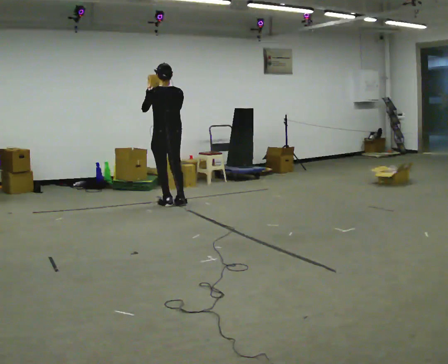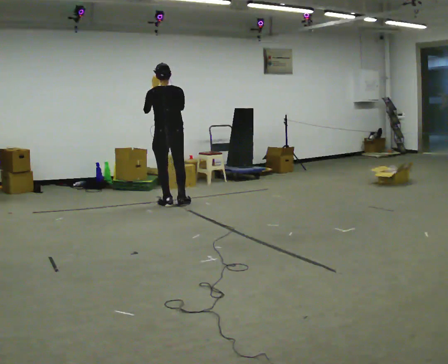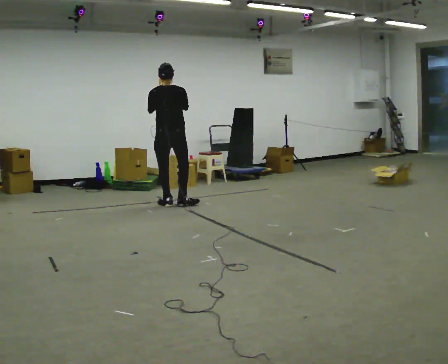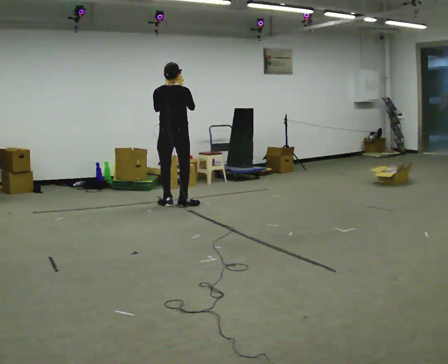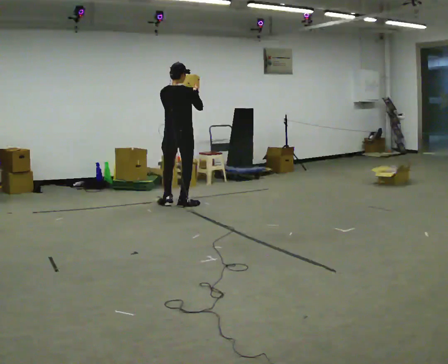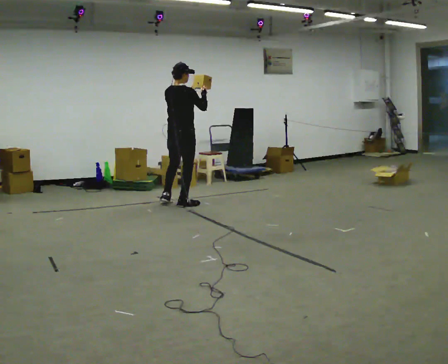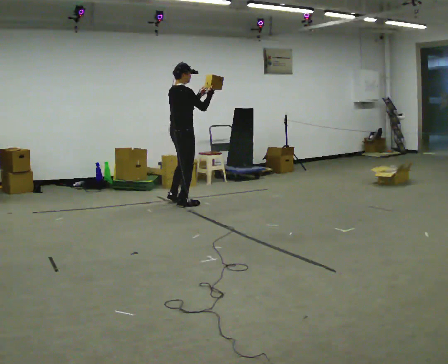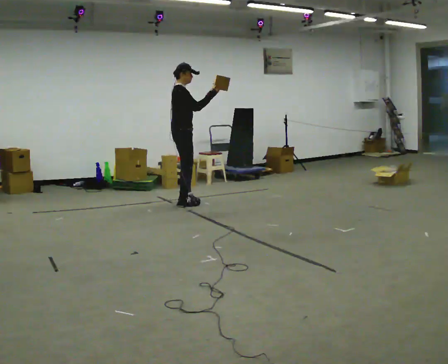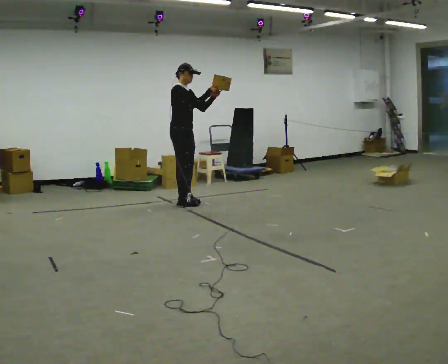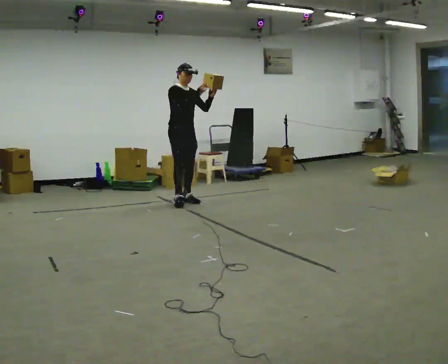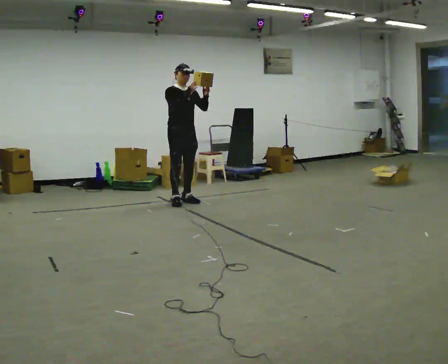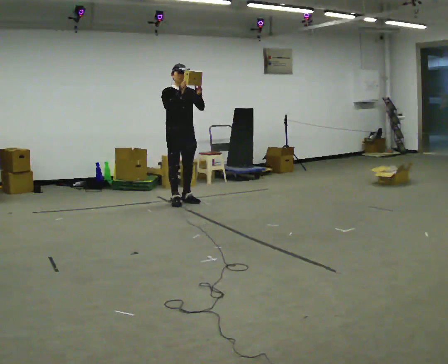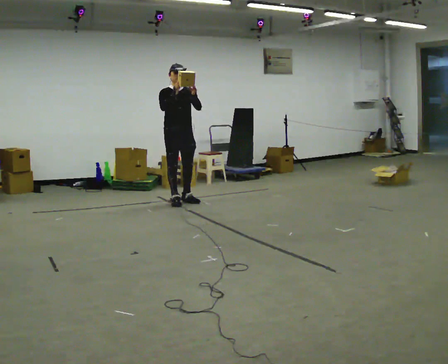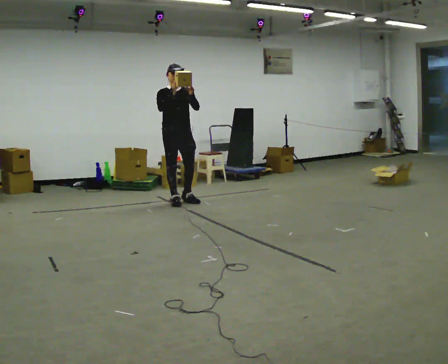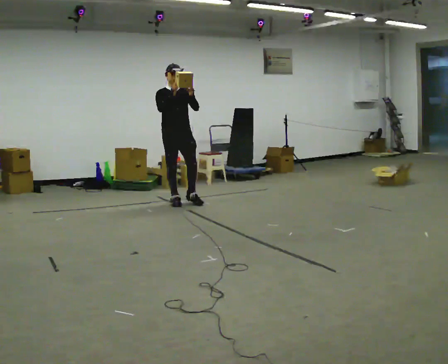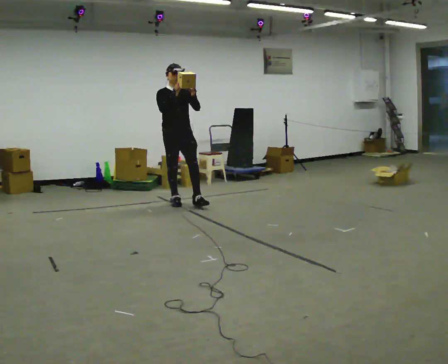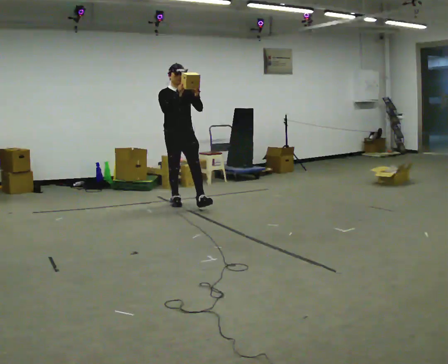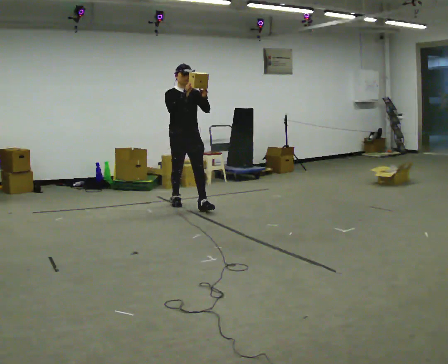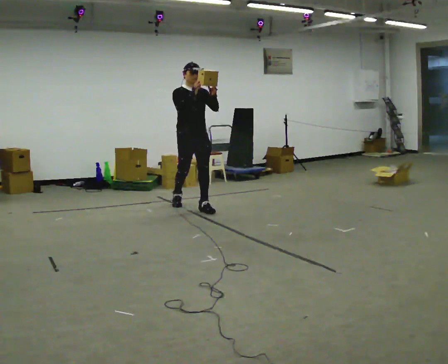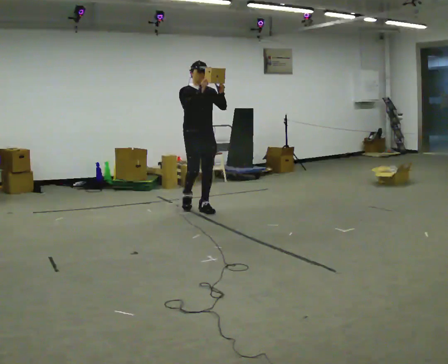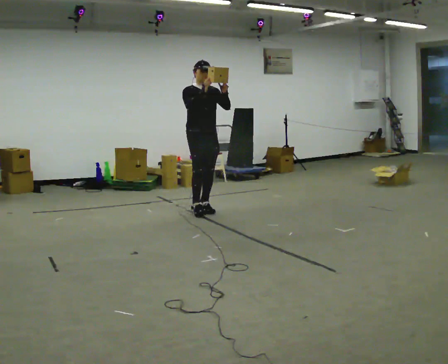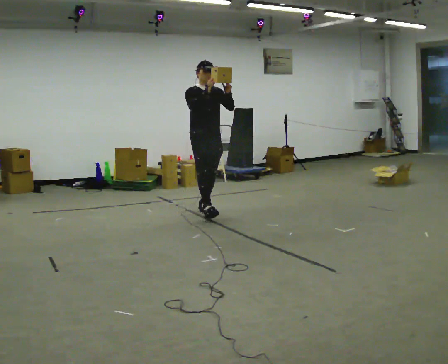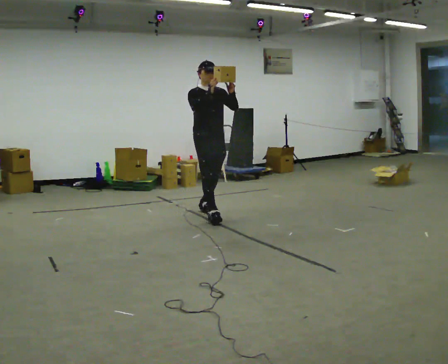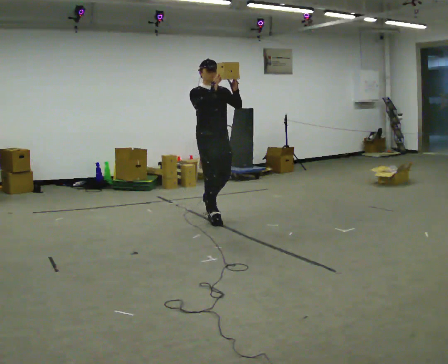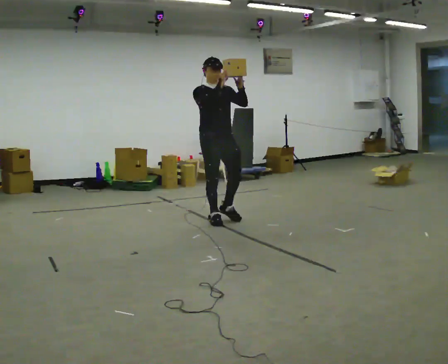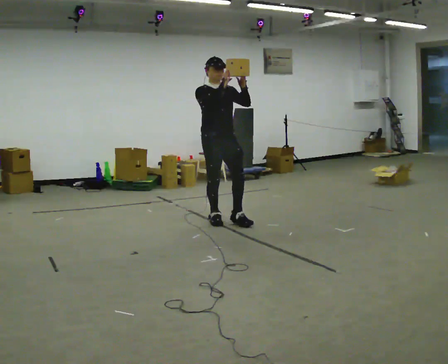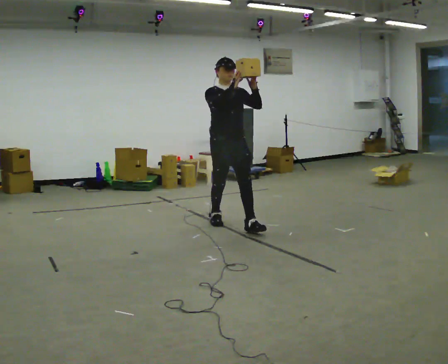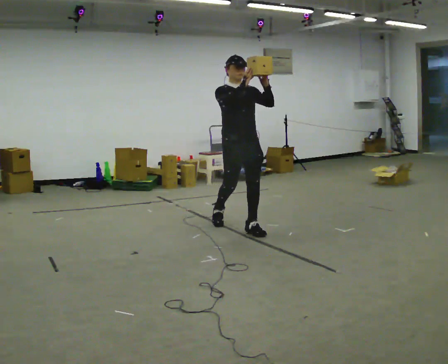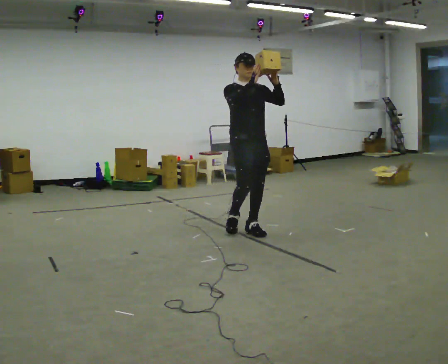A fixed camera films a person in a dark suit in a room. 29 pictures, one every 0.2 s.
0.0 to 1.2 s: Seen from above the body turns clockwise, about 90 degrees: to their right, with its near side sliding to the left. In the picture their left hand goes to the right.
1.2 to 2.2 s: The part of the body nearest the lens slides to the left as the person turns to their right by about 90 degrees.
2.2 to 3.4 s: In the picture they go toward the camera, about 0.25 m in 1 step, which for them is forward.
3.4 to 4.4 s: In the picture they go toward the camera and to the right, about 0.5 m in 1 step, which for them is forward.
4.4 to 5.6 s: In the picture they go toward the camera and to the right, about 1 m in 1 step, which for them is forward.
The film runs forward here.
